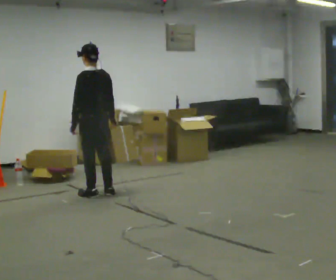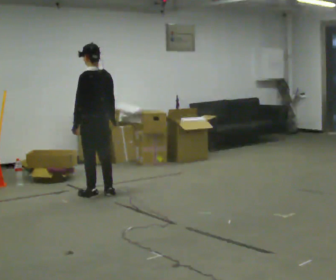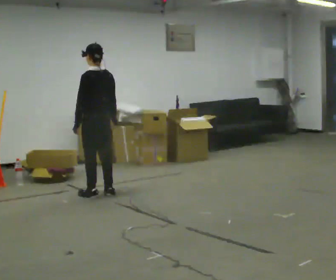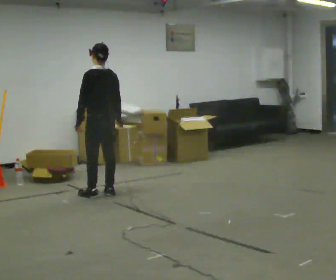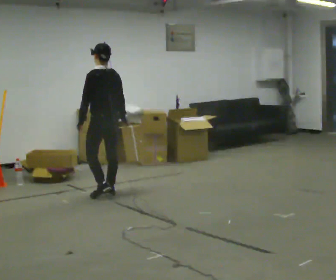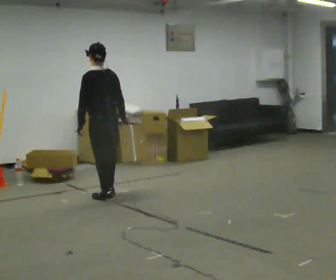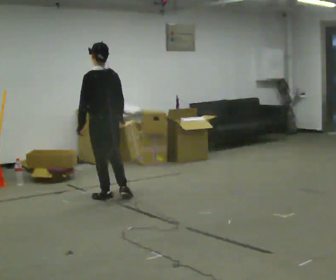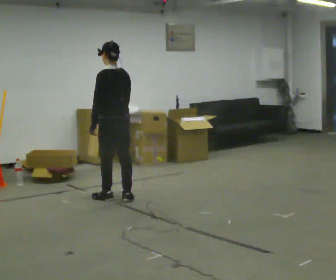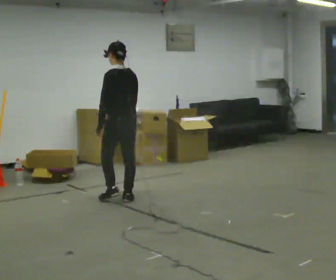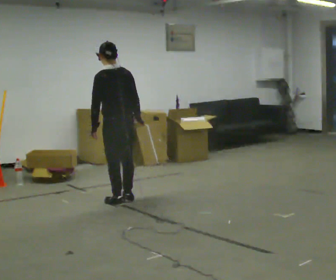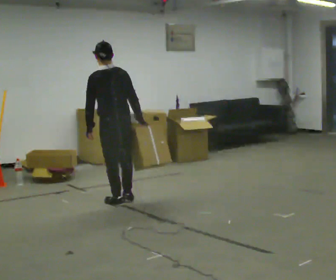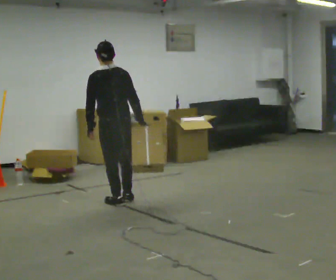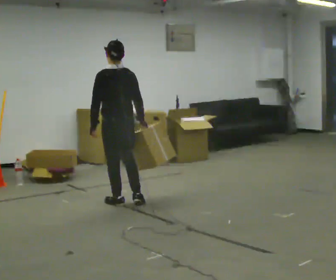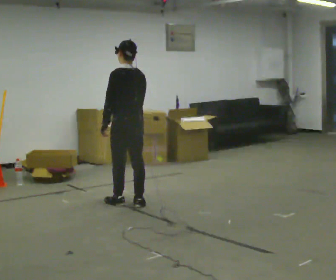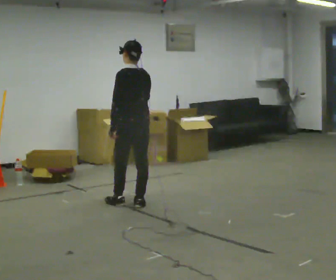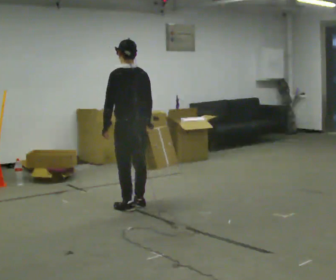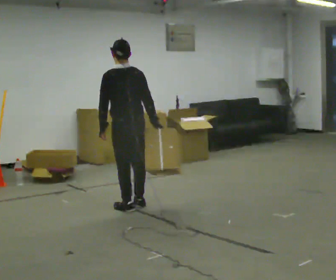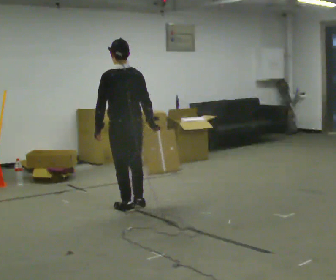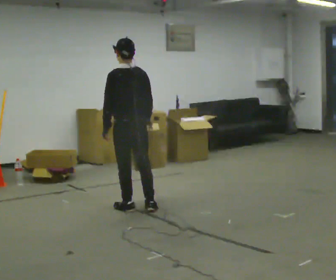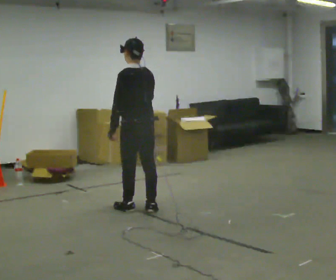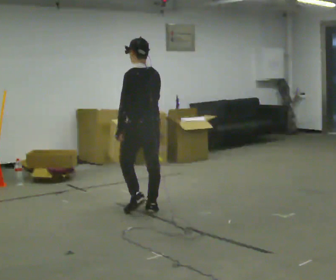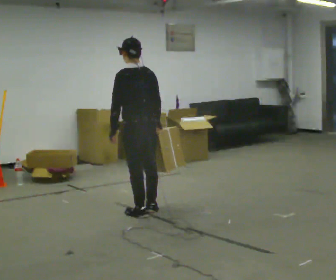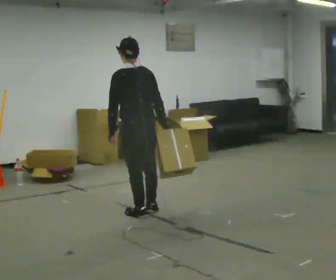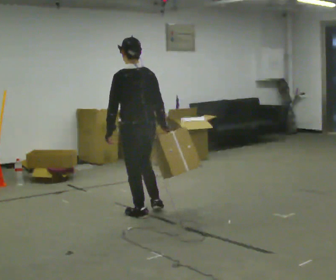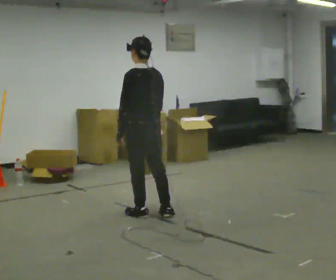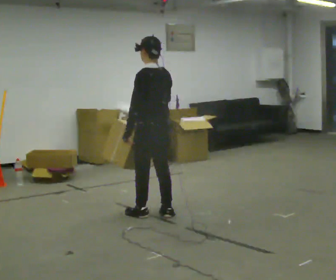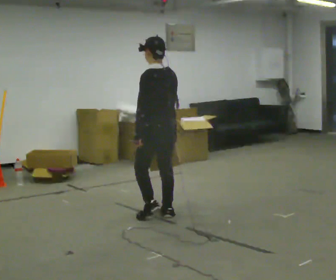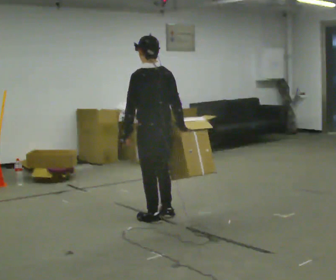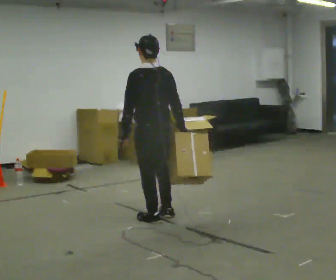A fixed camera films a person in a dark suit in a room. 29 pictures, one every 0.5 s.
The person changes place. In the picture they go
toward the camera.
0.0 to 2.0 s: The person moves a little, or ends about where they began.
2.0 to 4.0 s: In the picture they go toward the camera and to the right, about 0.25 m in 2 steps, which for them is backward.
4.0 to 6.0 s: In the picture they go toward the camera, about 0.25 m in 1 step, which for them is backward.
6.0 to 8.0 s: In the picture they go toward the camera, about 0.25 m in 1 step, which for them is backward.
8.0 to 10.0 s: The person moves a little, or ends about where they began.
10.0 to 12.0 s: In the picture they go toward the camera, about 0.25 m in 1 step, which for them is backward.
12.0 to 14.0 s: In the picture they go toward the camera, about 0.25 m in 1 step, which for them is backward.
The film runs backward here.
